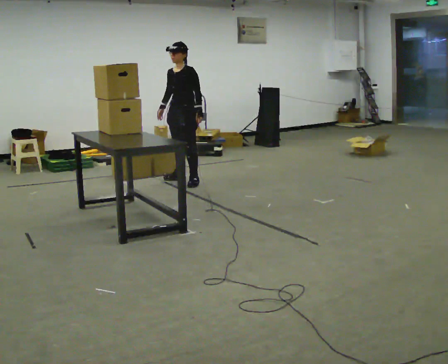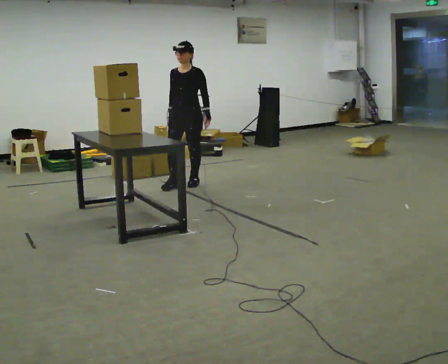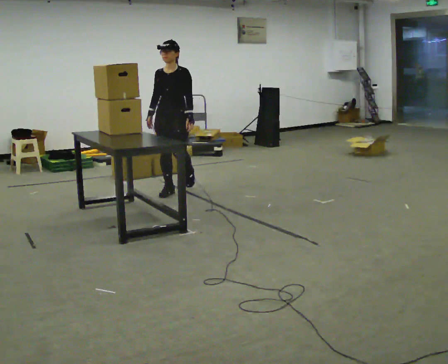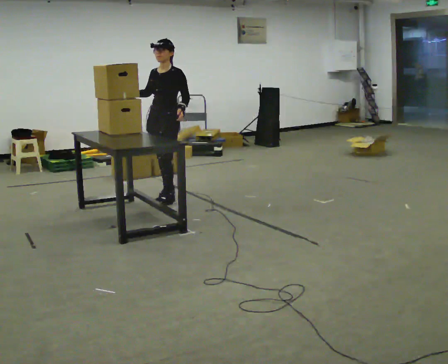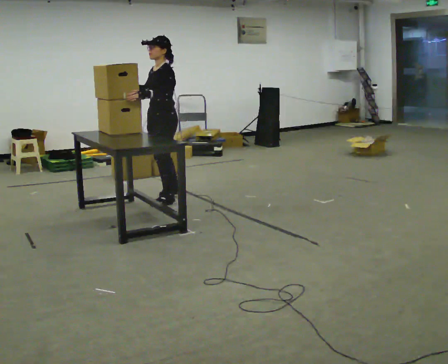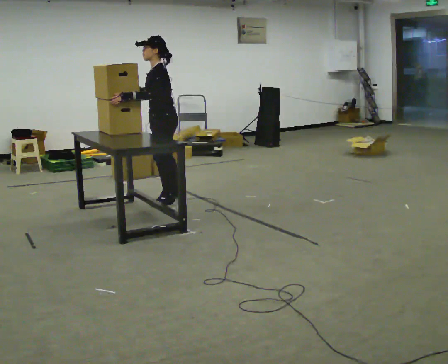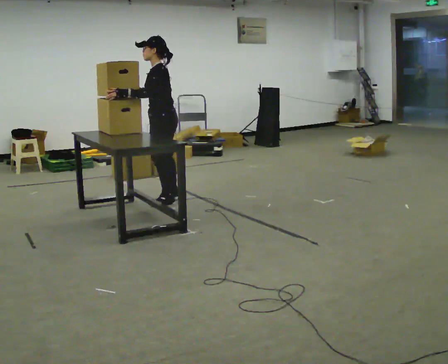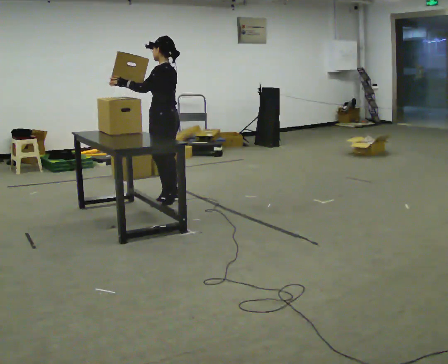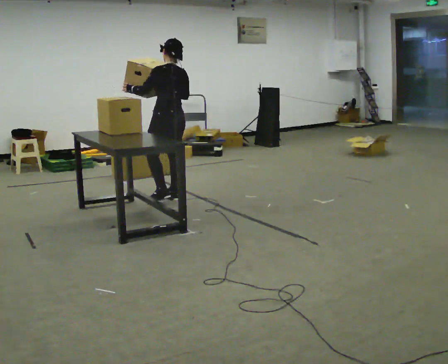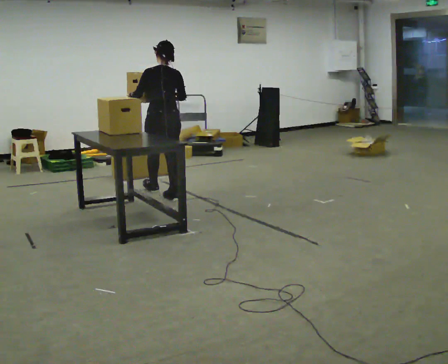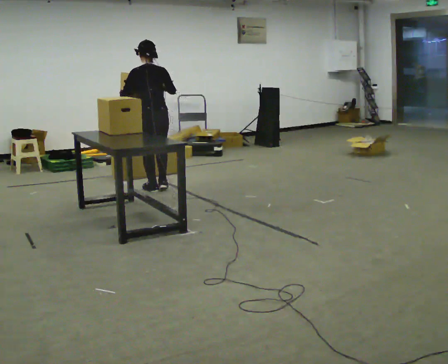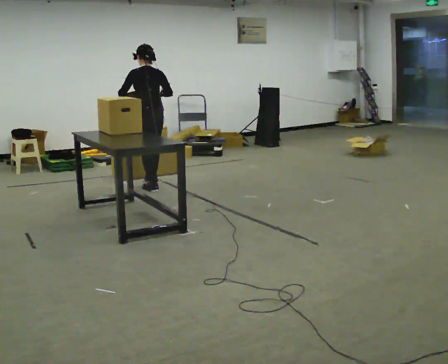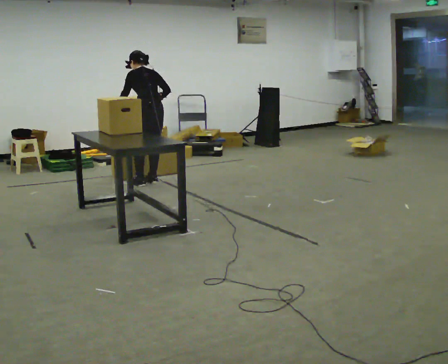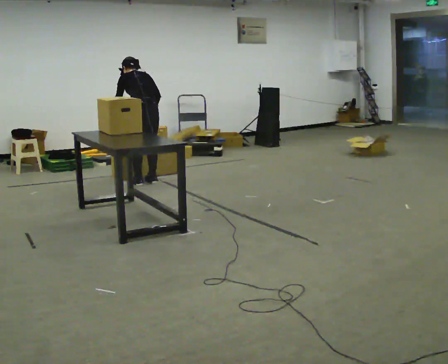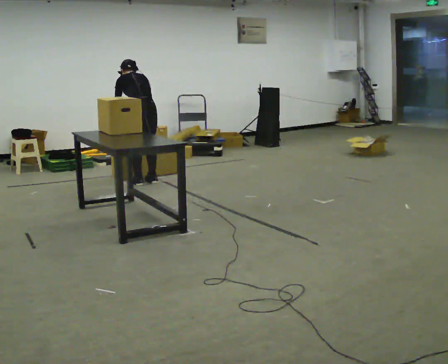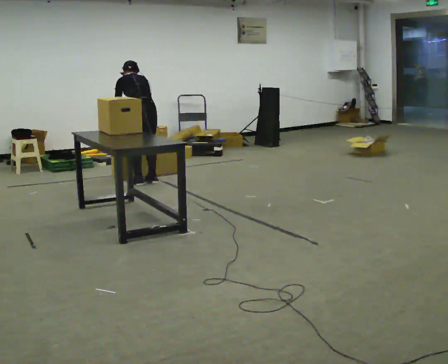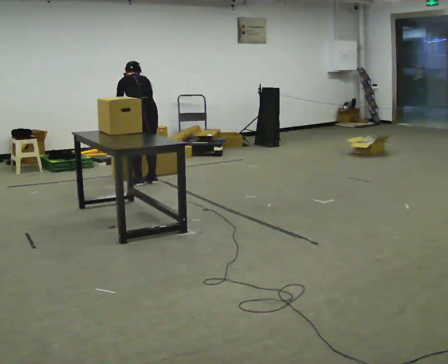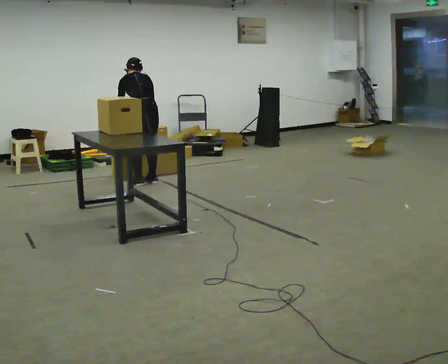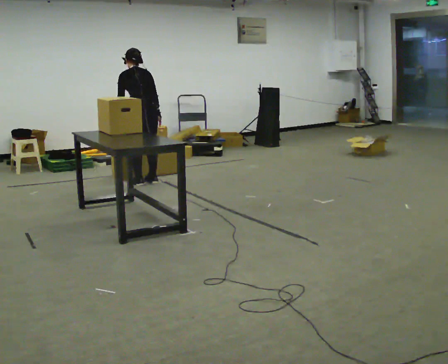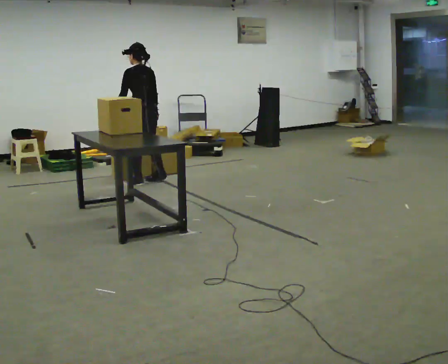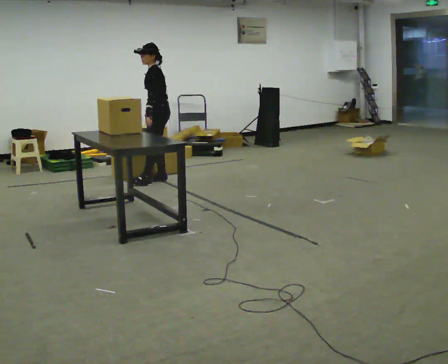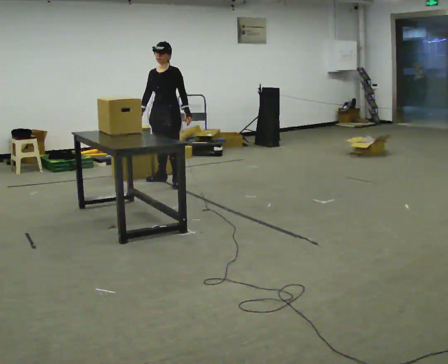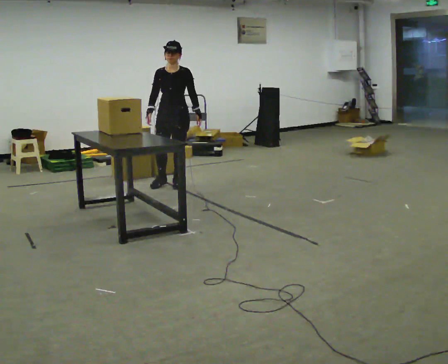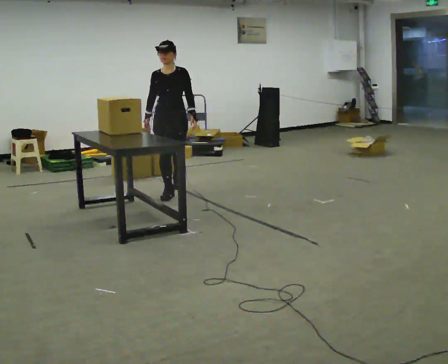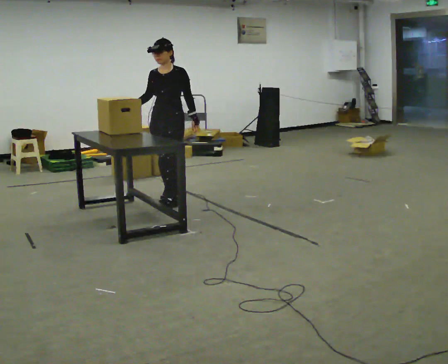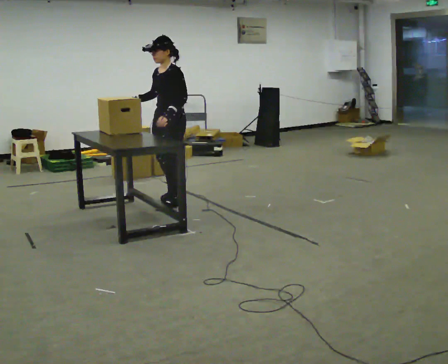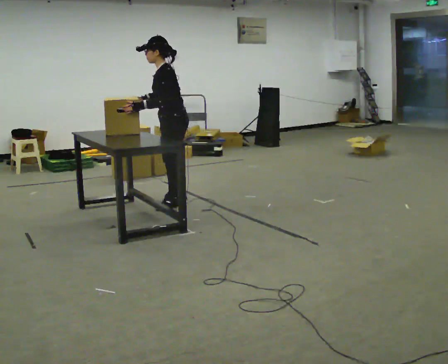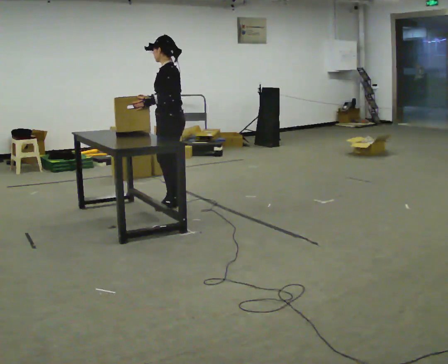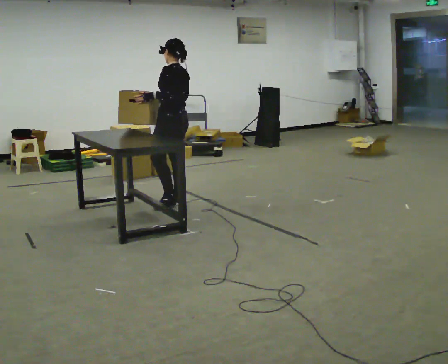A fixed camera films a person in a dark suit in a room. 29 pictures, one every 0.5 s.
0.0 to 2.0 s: The part of the body nearest the lens slides to the left as the person turns to their right by about 30 degrees. In the picture they go toward the camera, about 1 m in 2 steps, which for them is forward.
2.0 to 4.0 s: The person turns about 75 degrees to their right, clockwise seen from above, so the part of the body nearest the lens slides to the left.
4.0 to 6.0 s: In the picture they go away from the camera, about 0.5 m in 2 steps, which for them is forward. The upper body tips away from the camera, its near side rolling upward, as they bend forward.
6.0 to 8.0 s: The upper body tips away from the camera, its near side rolling upward, as they bend forward.
8.0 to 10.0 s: The person turns about 75 degrees to their left, counterclockwise seen from above, so the part of the body nearest the lens slides to the right. In the picture they go to the right, about 0.25 m. The upper body tips toward the camera, its near side rolling downward, as they lean back or straighten.
10.0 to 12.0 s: The part of the body nearest the lens slides to the right as the person turns to their left by about 60 degrees. In the picture they go toward the camera, about 1 m in 3 steps.
12.0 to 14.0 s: The part of the body nearest the lens slides to the left as the person turns to their right by about 105 degrees. In the picture their left hand goes to the left, the arm swinging clockwise.
The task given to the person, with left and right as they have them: Carry the object over and line it up with the mark on the surface as accurately as you can. Keep going until the operator says stop; one object at a time, and do not rush between trips.
The film runs forward here.
